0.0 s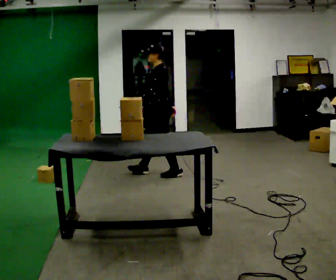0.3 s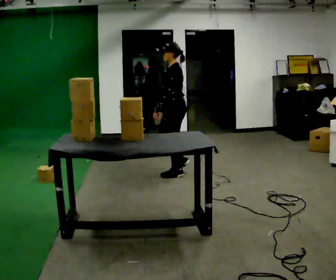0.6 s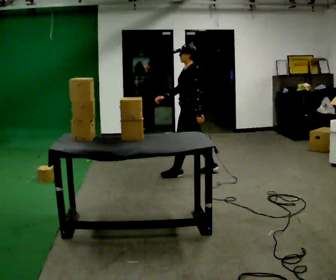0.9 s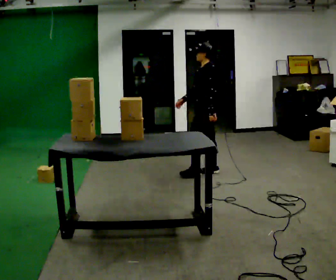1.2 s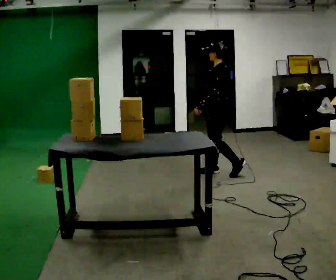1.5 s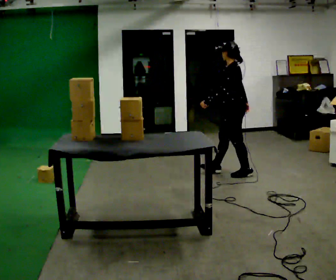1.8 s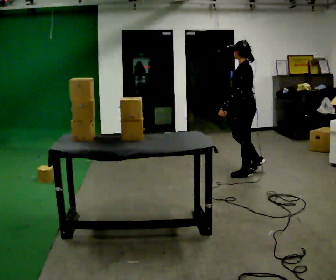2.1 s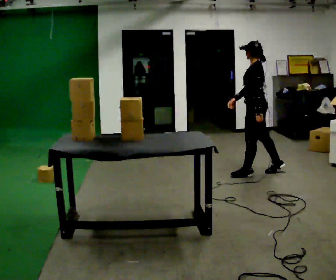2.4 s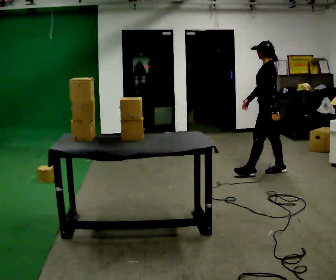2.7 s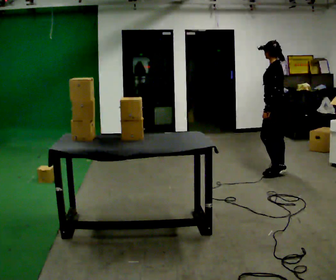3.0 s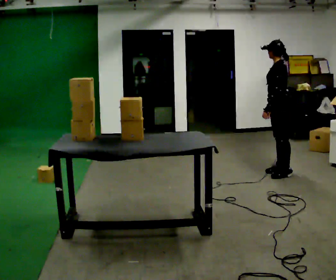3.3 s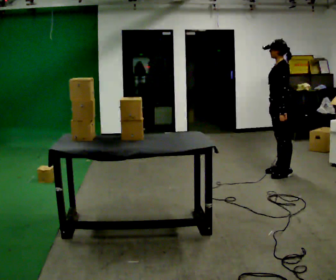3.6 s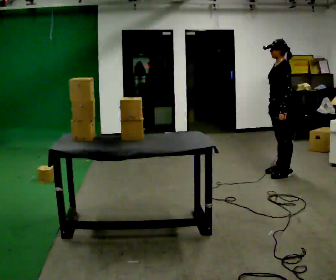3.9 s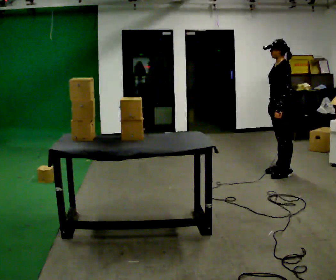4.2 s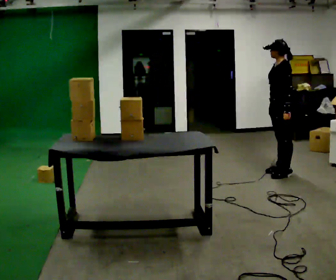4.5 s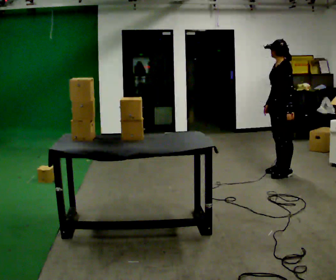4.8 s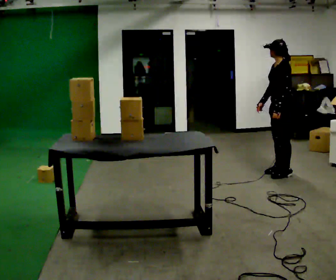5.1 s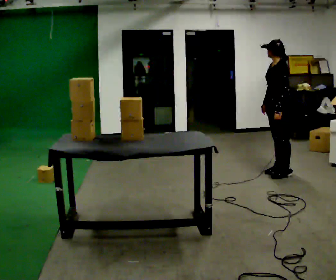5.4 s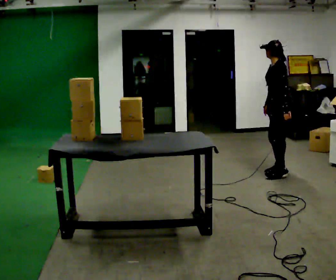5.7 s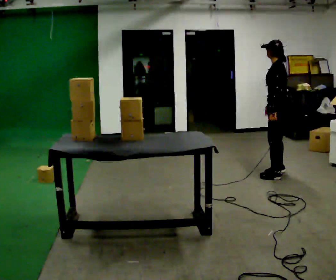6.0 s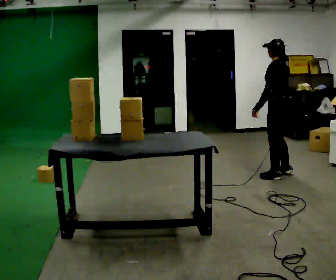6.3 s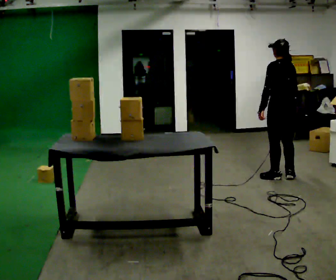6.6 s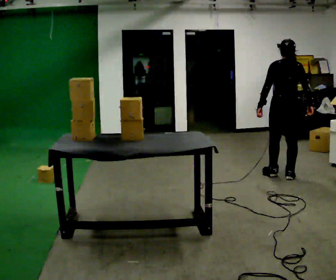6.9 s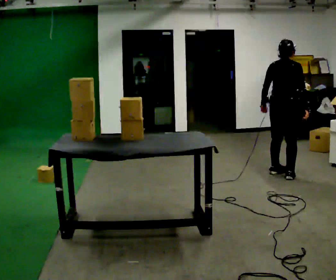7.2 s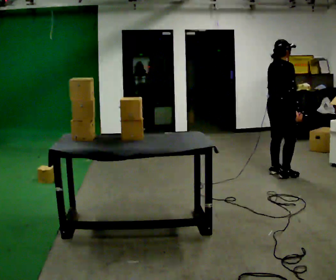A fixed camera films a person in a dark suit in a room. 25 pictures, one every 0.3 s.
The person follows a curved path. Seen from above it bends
clockwise.
The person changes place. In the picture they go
to the right.
0.0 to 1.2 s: In the picture they go to the right, about 0.5 m in 2 steps, which for them is backward.
1.2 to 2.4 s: In the picture they go to the right, about 0.5 m in 2 steps, which for them is backward.
2.4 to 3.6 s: In the picture they go to the right, about 0.25 m, which for them is backward. In the picture their right hand goes to the right.
3.6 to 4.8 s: The person moves a little, or ends about where they began.
4.8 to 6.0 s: The person turns about 30 degrees to their right, clockwise seen from above, so the part of the body nearest the lens slides to the left.
6.0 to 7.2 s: The part of the body nearest the lens slides to the left as the person turns to their right by about 120 degrees.
The film runs backward here.
